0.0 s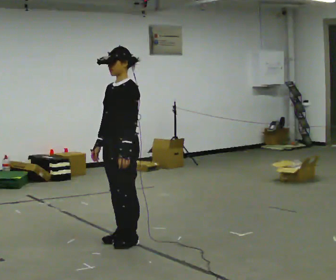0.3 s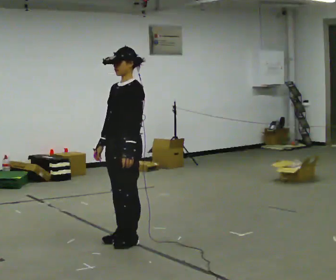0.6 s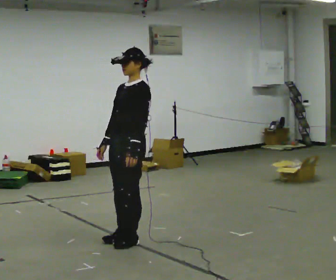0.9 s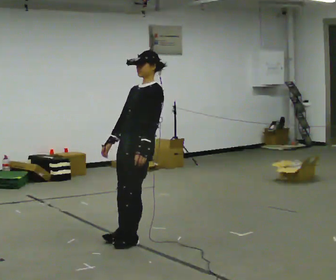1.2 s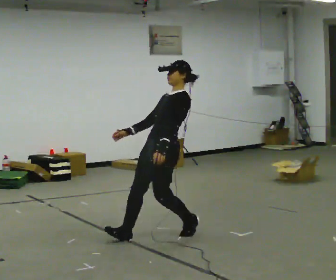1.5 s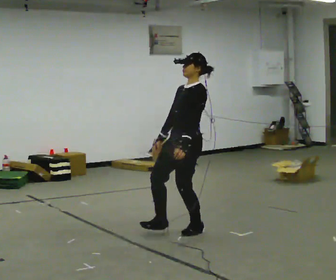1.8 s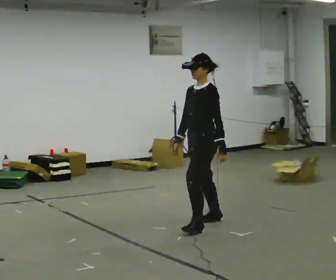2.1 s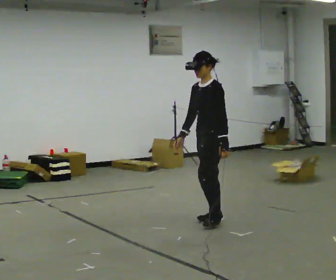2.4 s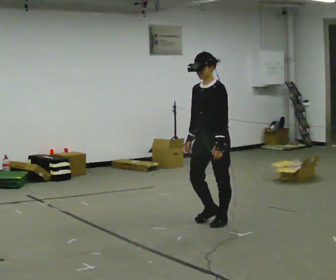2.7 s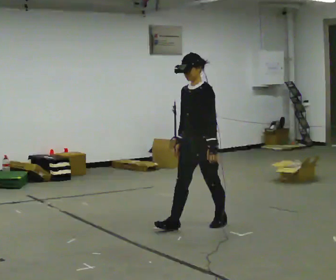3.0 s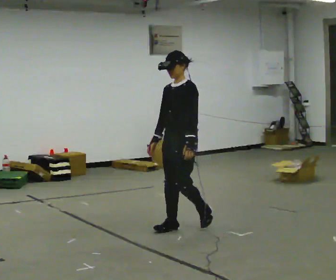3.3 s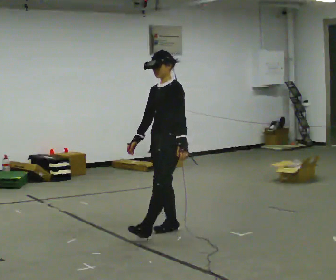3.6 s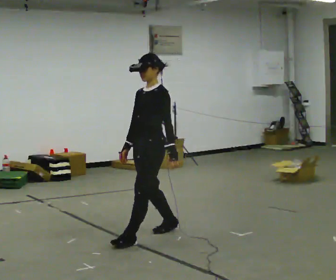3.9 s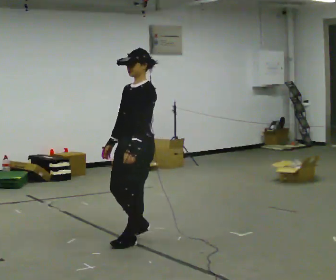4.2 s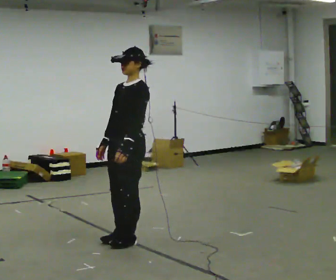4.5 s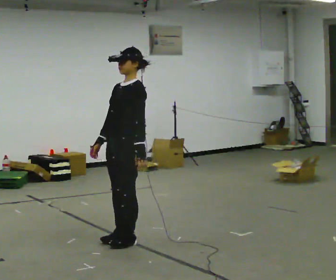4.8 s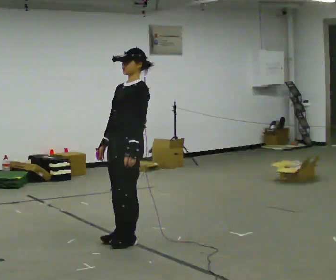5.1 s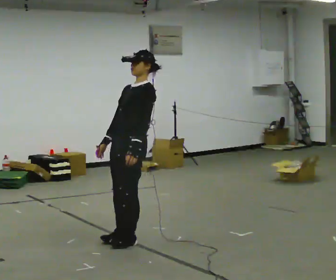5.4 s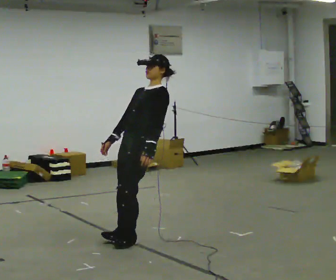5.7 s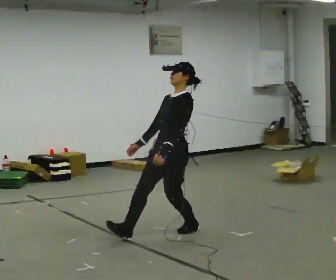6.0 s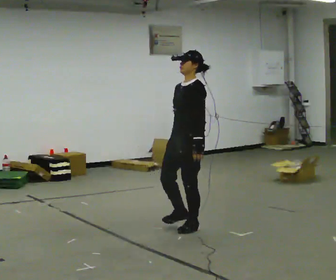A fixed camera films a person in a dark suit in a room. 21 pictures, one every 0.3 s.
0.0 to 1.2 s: In the picture they go to the right and away from the camera, about 0.5 m, which for them is backward. In the picture the upper body tilts clockwise, shoulders to the right, as they lean back or straighten.
1.2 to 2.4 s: In the picture they go to the right and away from the camera, about 0.5 m in 3 steps, which for them is backward. In the picture the upper body tilts counterclockwise, shoulders to the left, as they bend forward.
2.4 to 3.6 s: In the picture they go to the left and toward the camera, about 0.75 m in 2 steps, which for them is forward.
3.6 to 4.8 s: In the picture they go to the left and toward the camera, about 0.25 m in 1 step, which for them is forward.
4.8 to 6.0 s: In the picture they go to the right and away from the camera, about 0.75 m in 1 step, which for them is backward.
The film runs forward here.
